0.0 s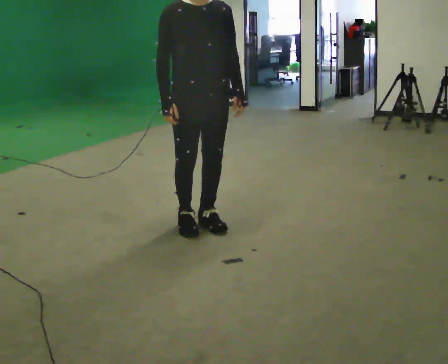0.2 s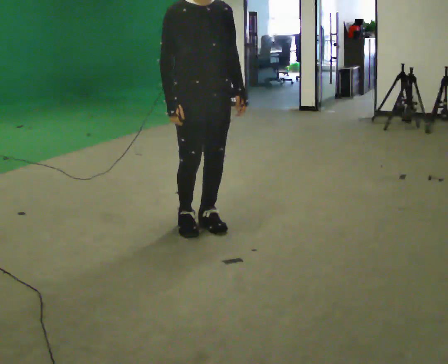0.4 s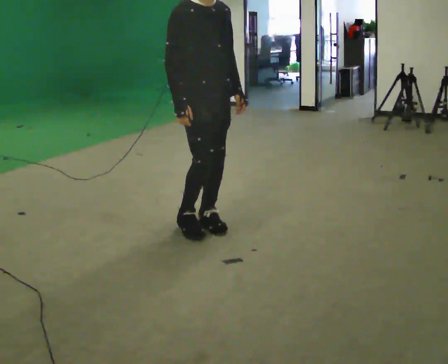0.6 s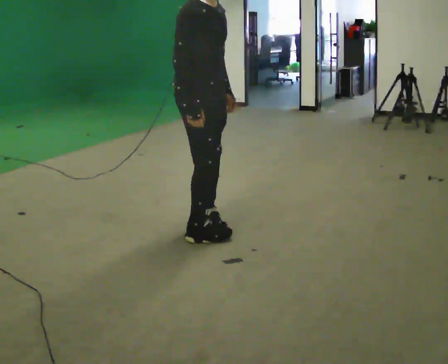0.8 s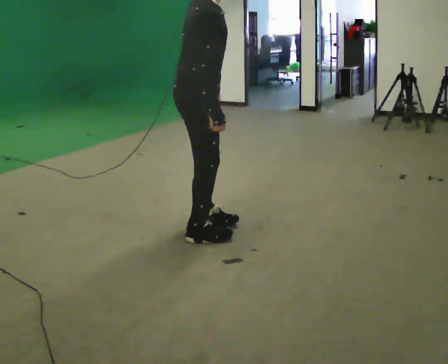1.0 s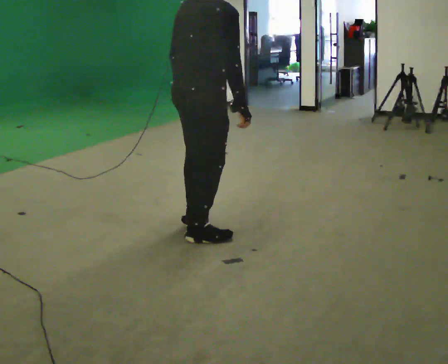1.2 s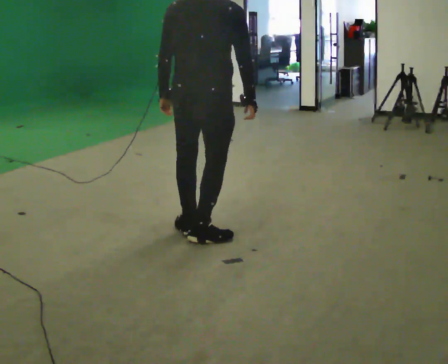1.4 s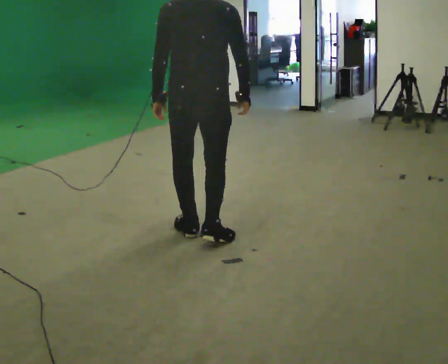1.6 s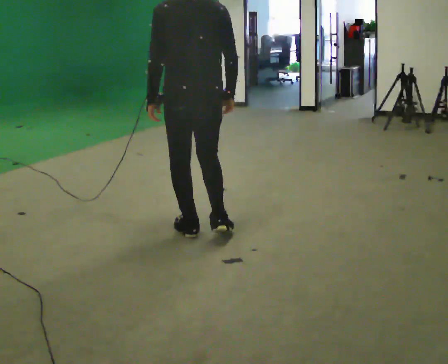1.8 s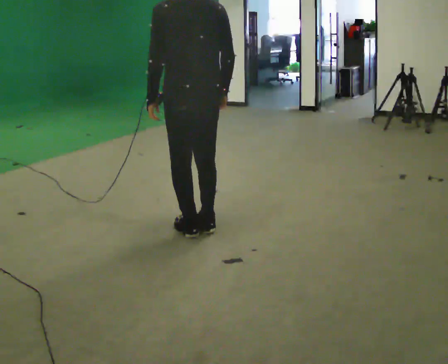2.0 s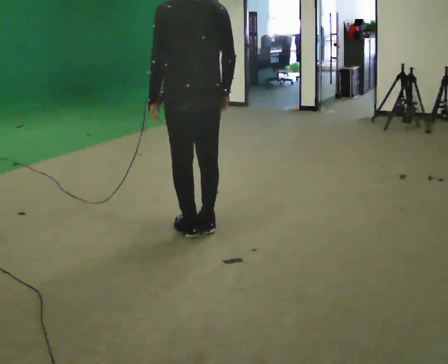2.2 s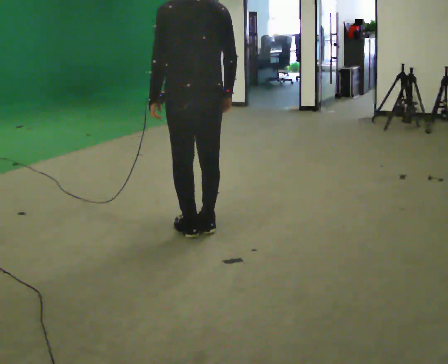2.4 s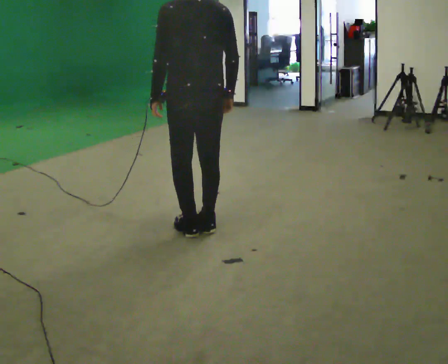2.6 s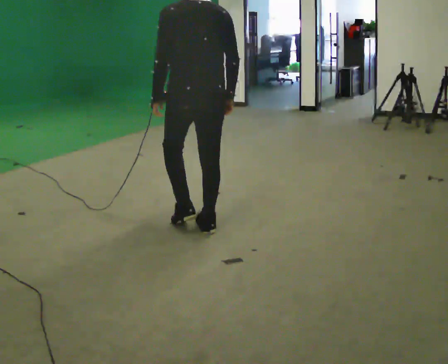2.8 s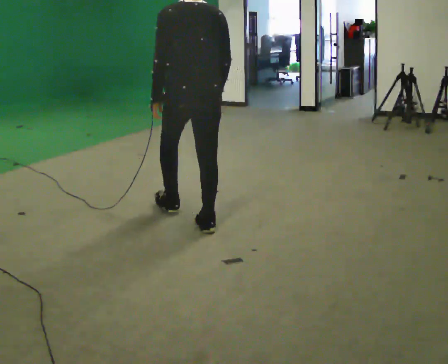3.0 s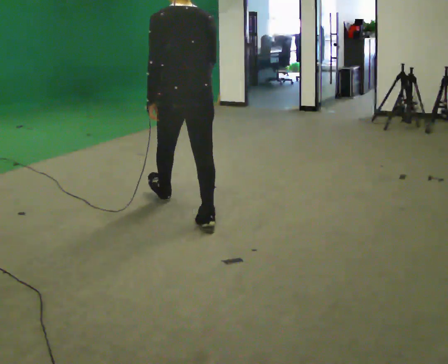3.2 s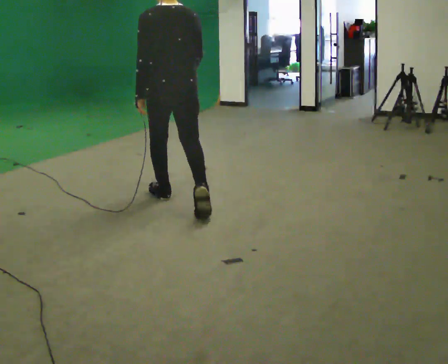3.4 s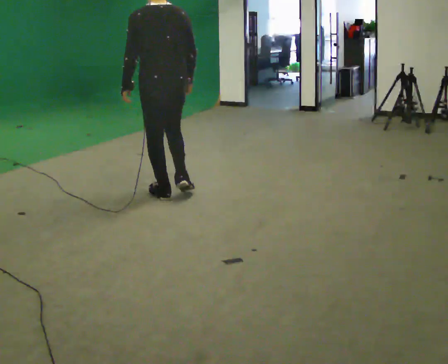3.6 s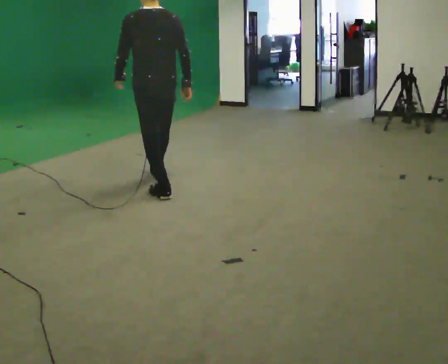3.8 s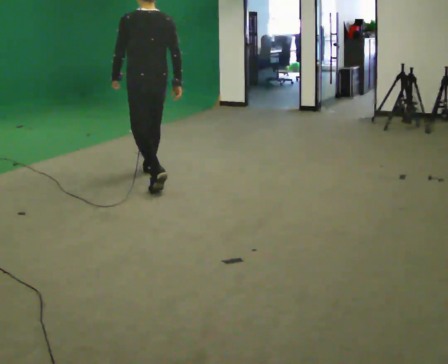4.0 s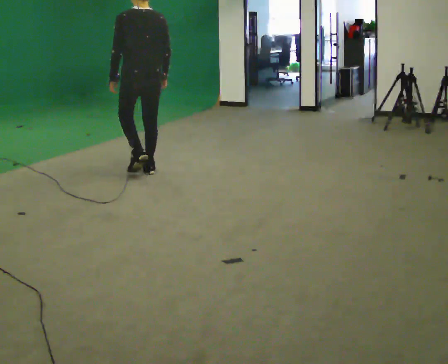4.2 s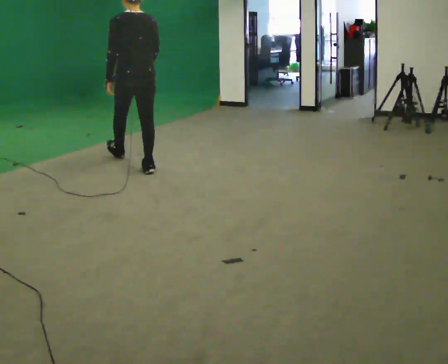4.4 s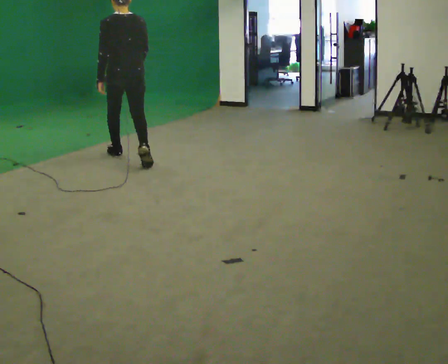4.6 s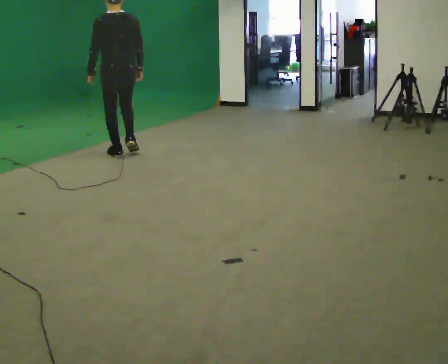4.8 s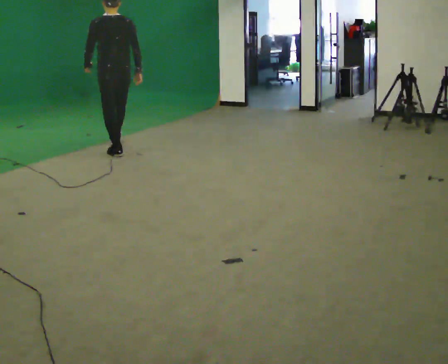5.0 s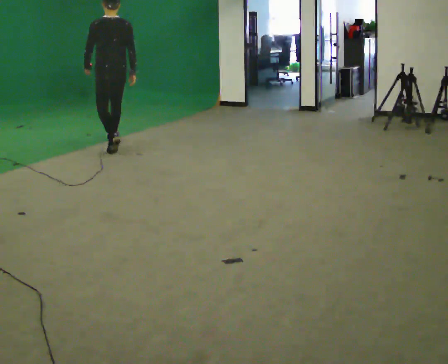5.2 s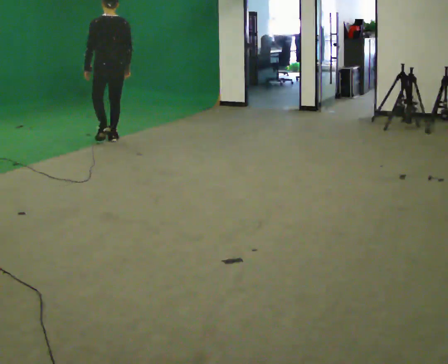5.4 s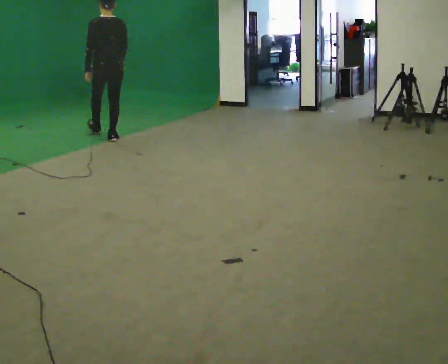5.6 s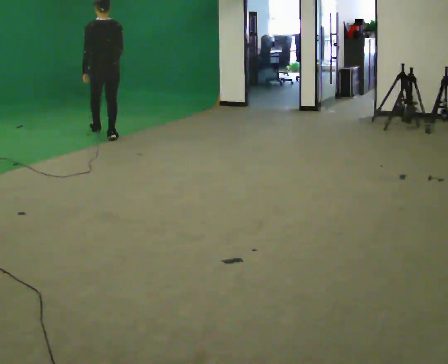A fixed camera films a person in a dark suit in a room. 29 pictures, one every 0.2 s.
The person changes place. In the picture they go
away from the camera.
The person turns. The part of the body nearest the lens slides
to the right.
0.0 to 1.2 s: Seen from above the body turns counterclockwise, about 135 degrees: to their left, with its near side sliding to the right. In the picture they go toward the camera, about 0.25 m in 1 step. In the picture their left hand goes to the left, the arm swinging clockwise.
1.2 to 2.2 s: The person turns about 45 degrees to their left, counterclockwise seen from above, so the part of the body nearest the lens slides to the right.
2.2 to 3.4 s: In the picture they go away from the camera, about 0.5 m in 1 step, which for them is forward.
3.4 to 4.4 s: In the picture they go away from the camera and to the left, about 1 m in 2 steps, which for them is forward.
4.4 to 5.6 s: In the picture they go away from the camera, about 1 m in 2 steps, which for them is forward.
The film runs forward here.
